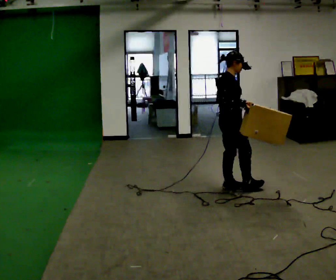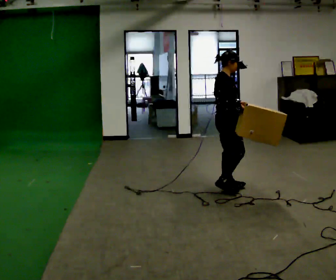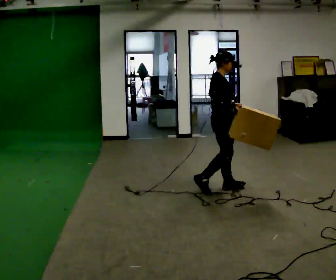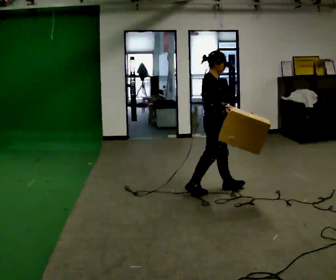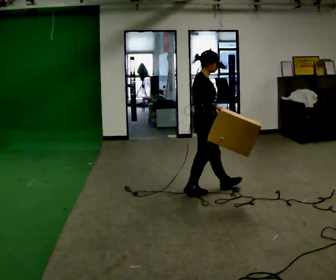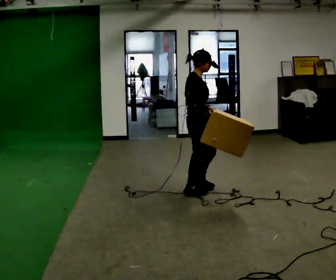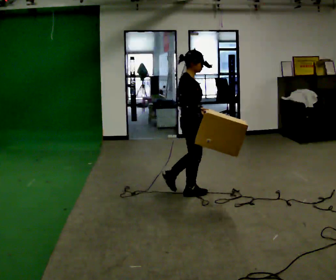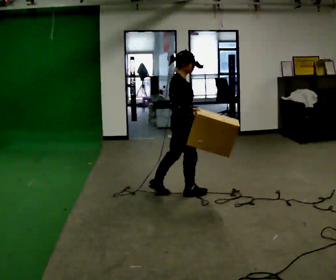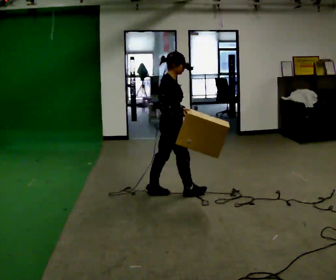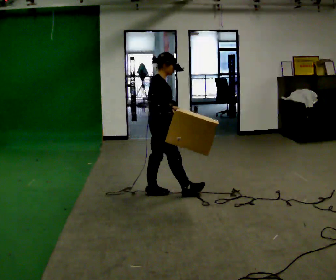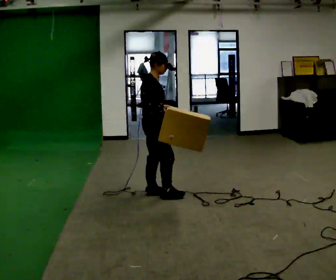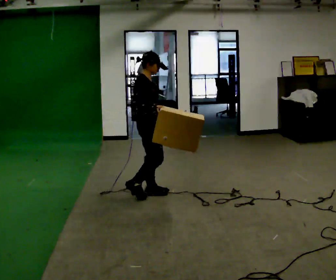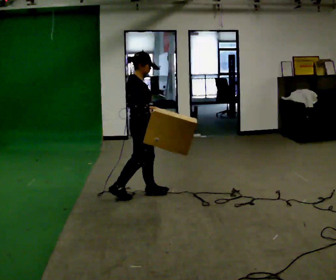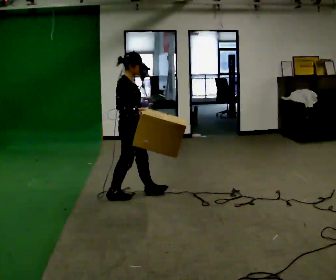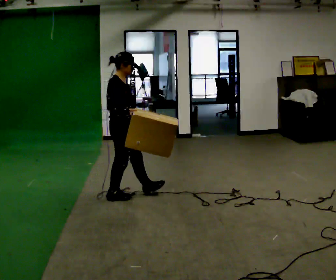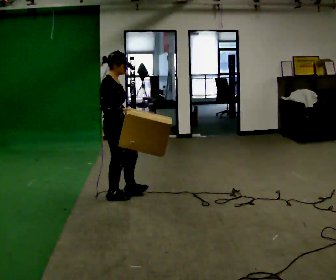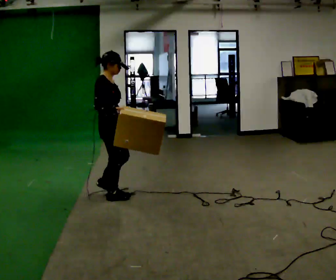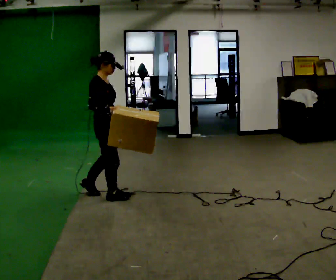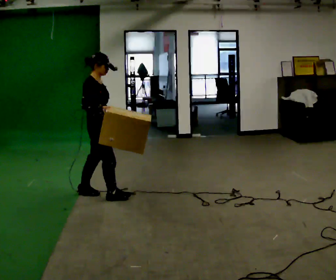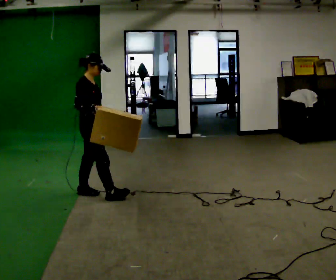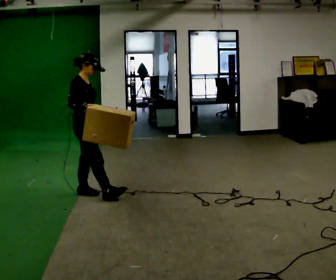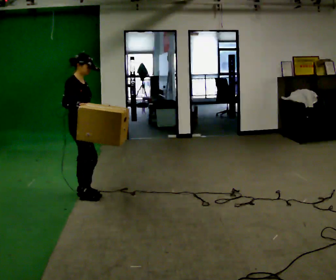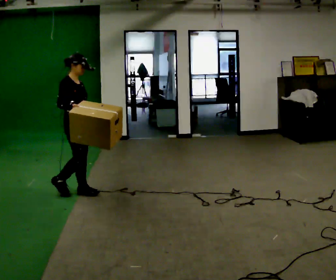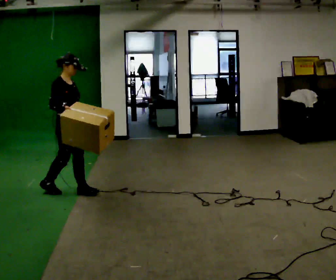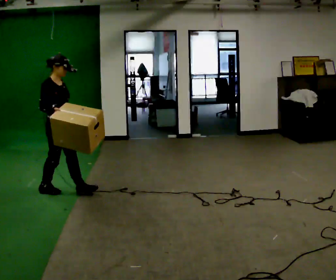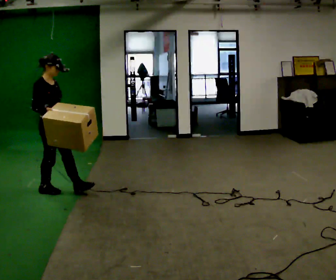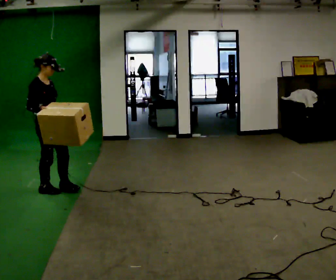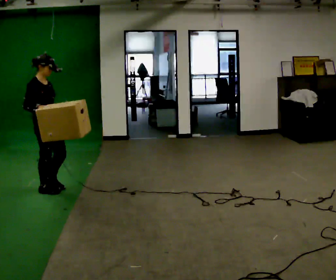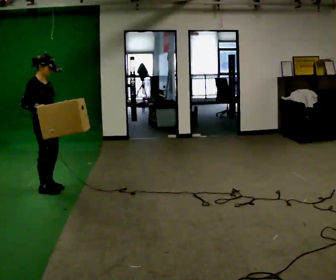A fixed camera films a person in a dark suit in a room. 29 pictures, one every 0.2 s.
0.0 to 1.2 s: In the picture they go to the left, about 0.5 m in 1 step, which for them is backward.
1.2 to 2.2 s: In the picture they go to the left, about 0.5 m in 1 step, which for them is backward.
2.2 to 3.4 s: In the picture they go to the left, about 0.5 m in 1 step, which for them is backward.
3.4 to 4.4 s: In the picture they go to the left and away from the camera, about 0.25 m in 1 step, which for them is backward.
4.4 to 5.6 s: In the picture they go to the left, about 0.25 m in 1 step, which for them is backward.
The film runs backward here.
